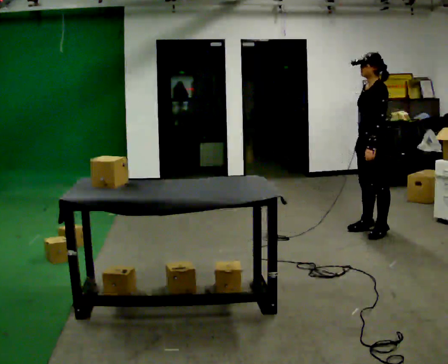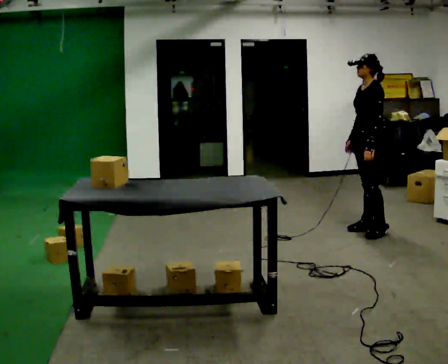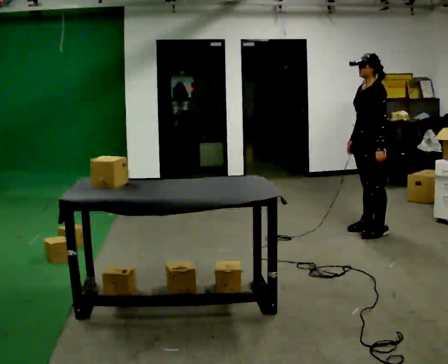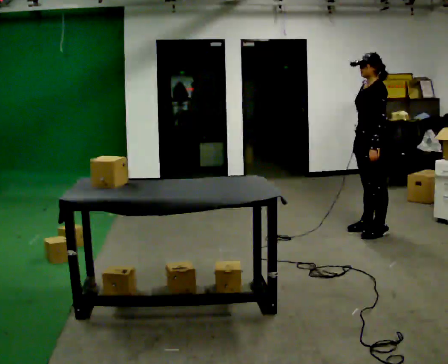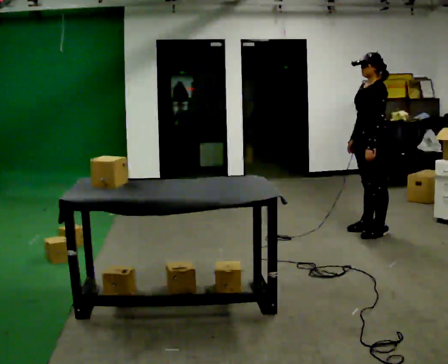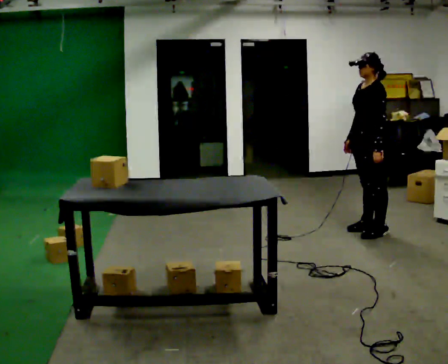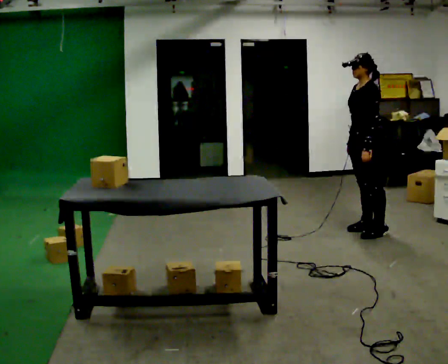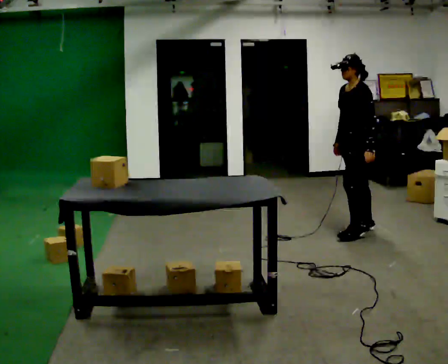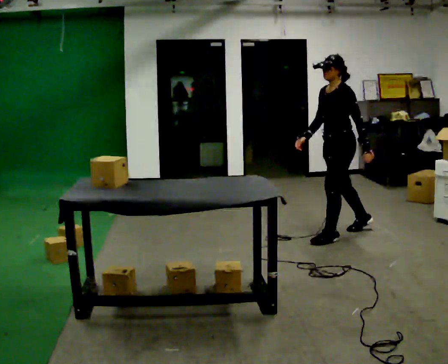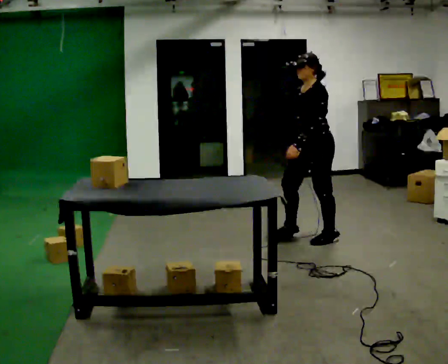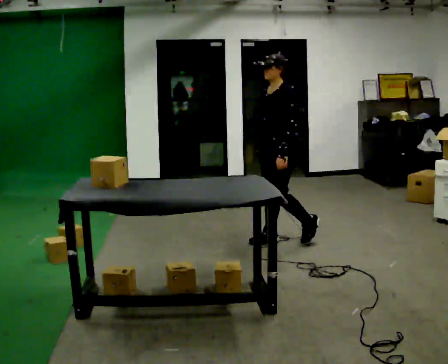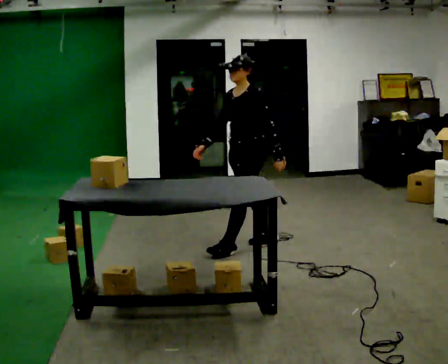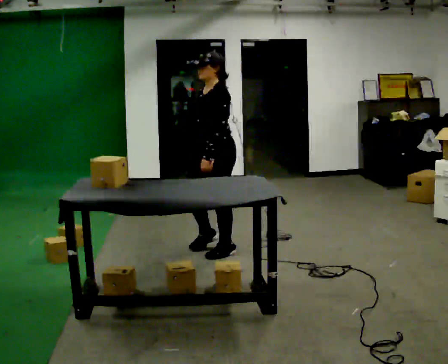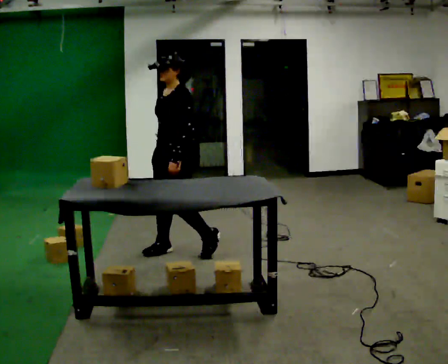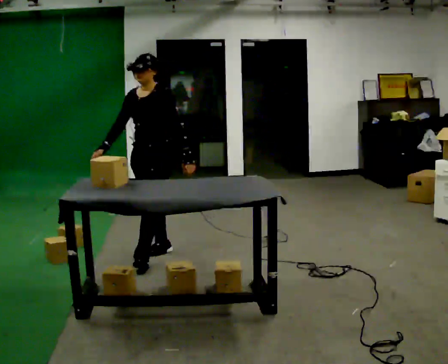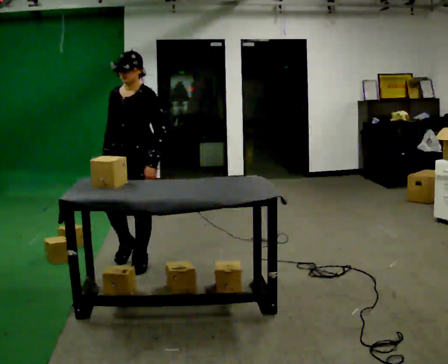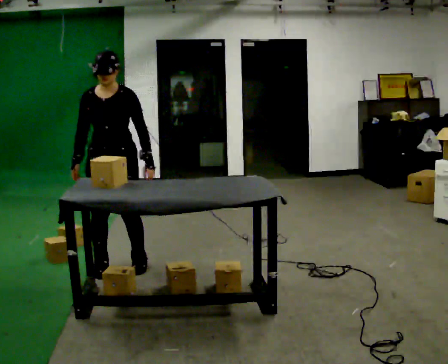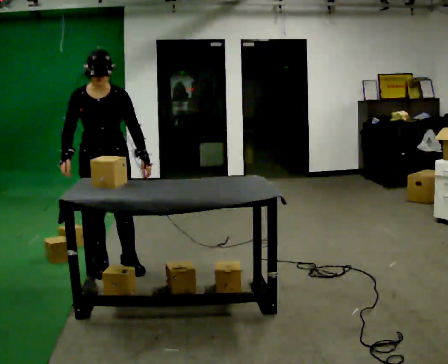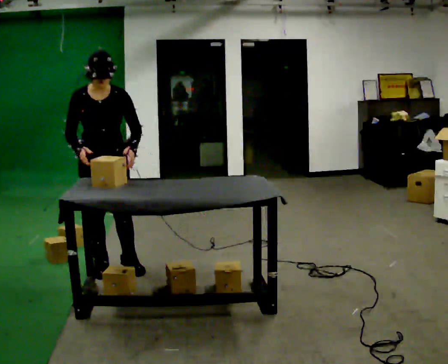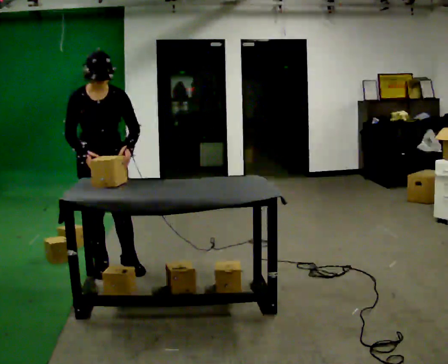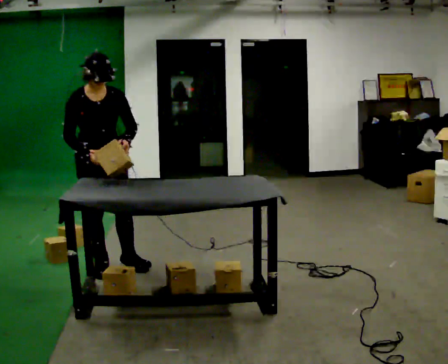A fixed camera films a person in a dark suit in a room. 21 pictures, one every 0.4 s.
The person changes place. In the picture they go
to the left.
The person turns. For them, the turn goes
to their left.
0.0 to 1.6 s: The person moves a little, or ends about where they began.
1.6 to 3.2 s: In the picture they go to the left, about 0.25 m in 1 step, which for them is forward.
3.2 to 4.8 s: In the picture they go to the left and toward the camera, about 1 m in 2 steps, which for them is forward.
4.8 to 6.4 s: The part of the body nearest the lens slides to the right as the person turns to their left by about 60 degrees. In the picture they go to the left and toward the camera, about 1 m in 3 steps.
6.4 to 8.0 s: The person turns about 30 degrees to their left, counterclockwise seen from above, so the part of the body nearest the lens slides to the right.
The film runs forward here.
